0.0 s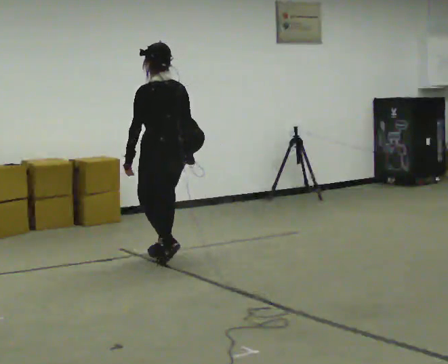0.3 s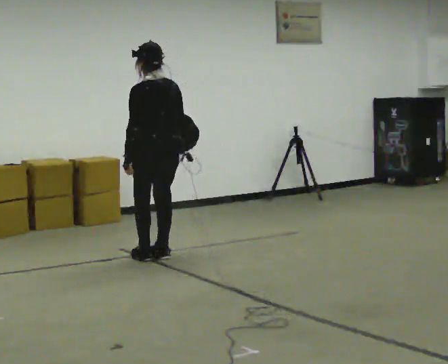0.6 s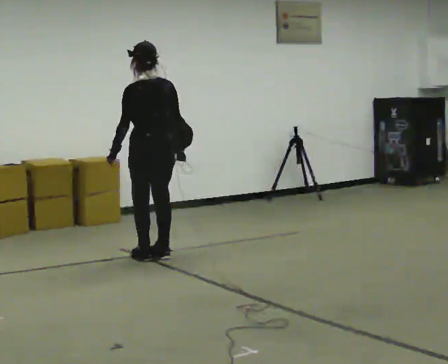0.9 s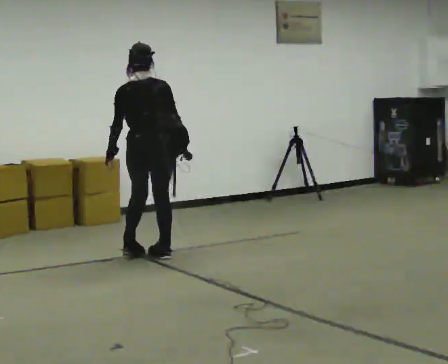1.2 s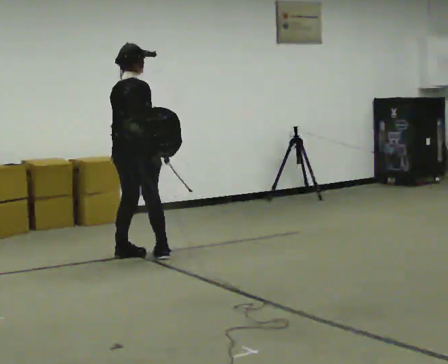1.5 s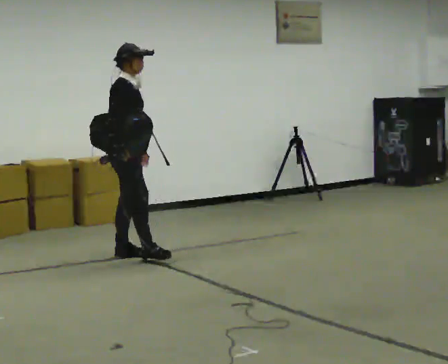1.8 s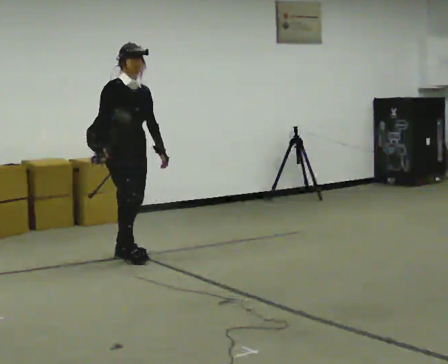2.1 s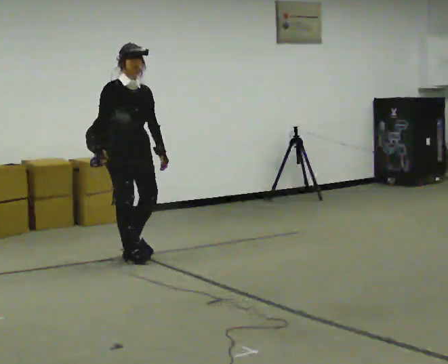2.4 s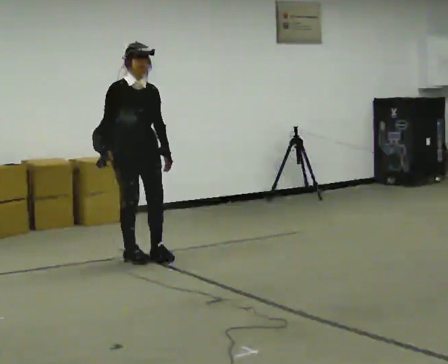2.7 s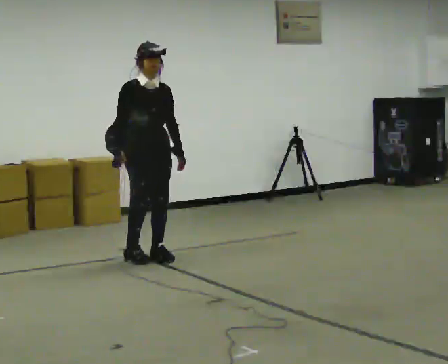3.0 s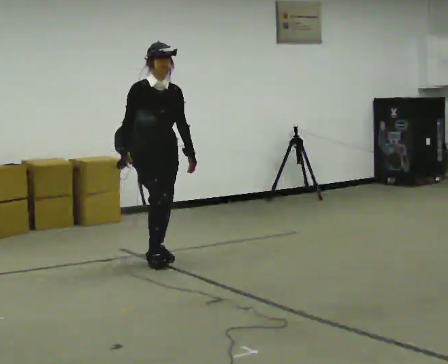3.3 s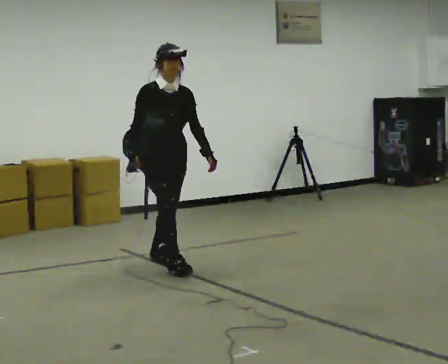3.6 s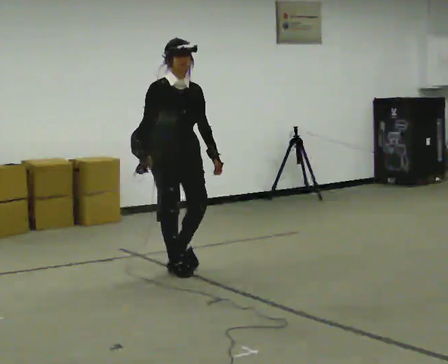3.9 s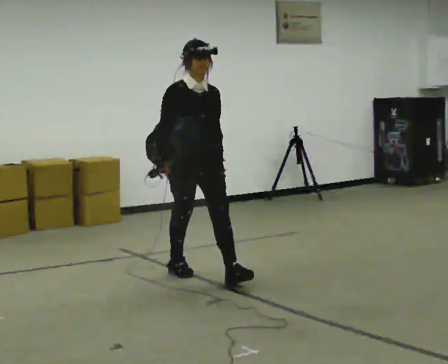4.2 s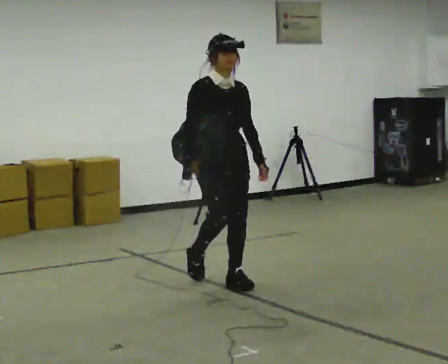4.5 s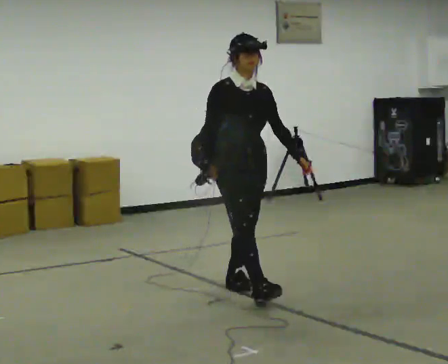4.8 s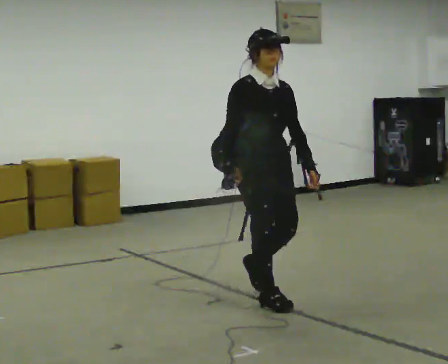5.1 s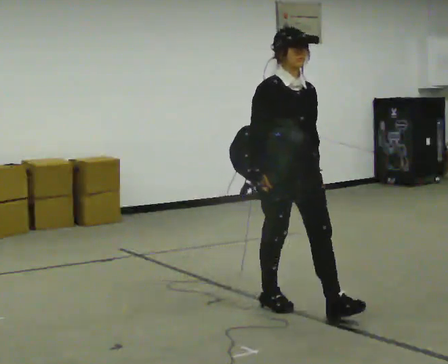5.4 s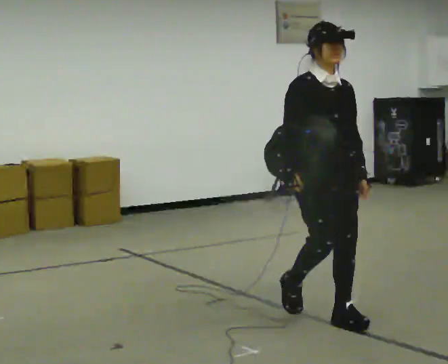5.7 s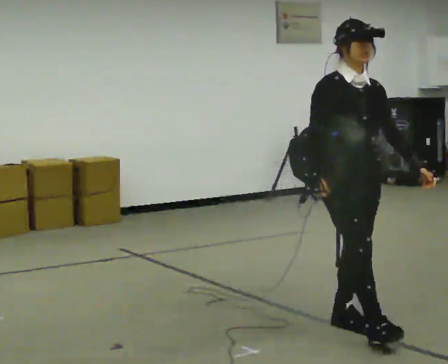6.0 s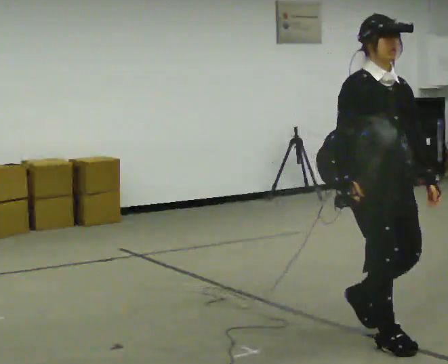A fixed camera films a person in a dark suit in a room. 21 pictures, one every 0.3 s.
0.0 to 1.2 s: The part of the body nearest the lens slides to the left as the person turns to their right by about 90 degrees. In the picture they go to the left and away from the camera, about 0.25 m in 2 steps.
1.2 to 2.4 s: The person turns about 105 degrees to their right, clockwise seen from above, so the part of the body nearest the lens slides to the left. In the picture their right hand goes to the left, the arm swinging clockwise.
2.4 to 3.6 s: In the picture they go toward the camera and to the right, about 0.5 m in 1 step, which for them is forward.
3.6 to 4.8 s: In the picture they go toward the camera and to the right, about 1 m in 2 steps, which for them is forward.
4.8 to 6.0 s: In the picture they go toward the camera and to the right, about 1 m in 2 steps, which for them is forward.
The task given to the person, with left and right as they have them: Put the soft bag up onto your shoulder and carry it across the room, back and forth.
The film runs forward here.
